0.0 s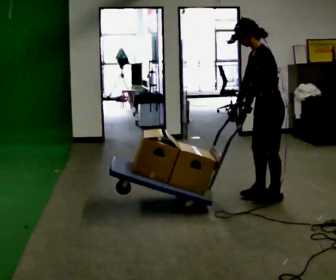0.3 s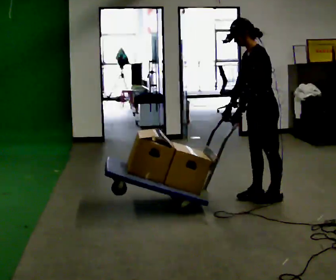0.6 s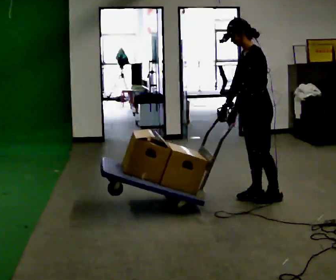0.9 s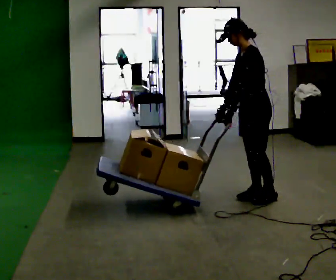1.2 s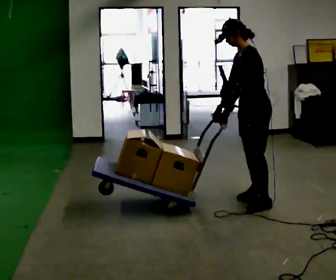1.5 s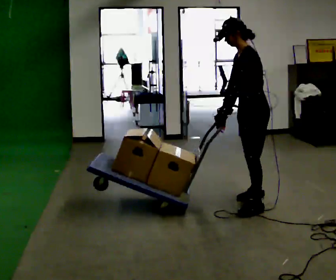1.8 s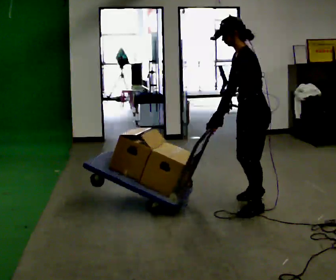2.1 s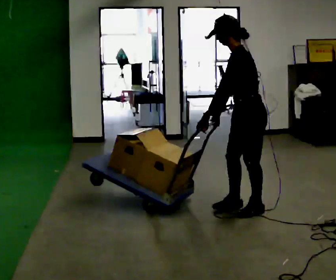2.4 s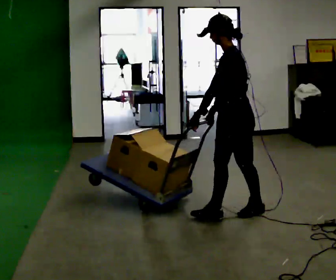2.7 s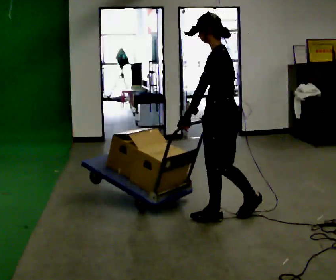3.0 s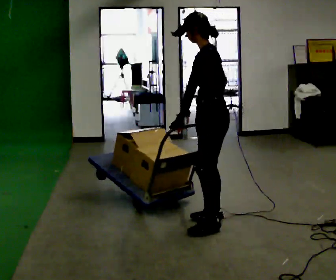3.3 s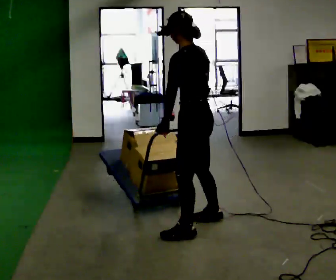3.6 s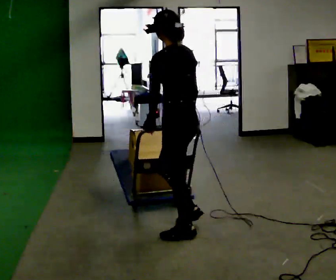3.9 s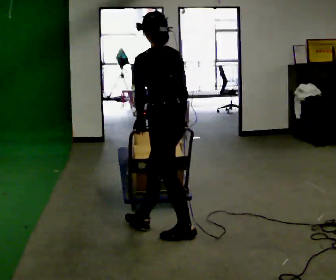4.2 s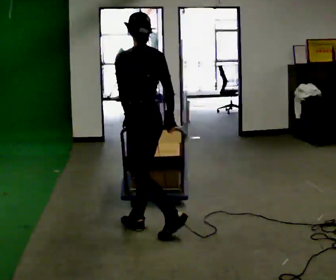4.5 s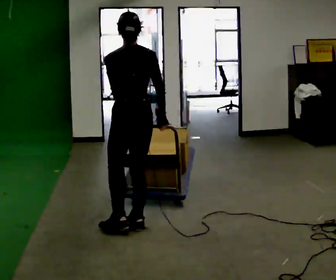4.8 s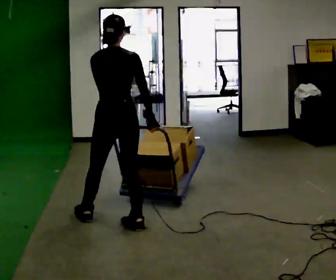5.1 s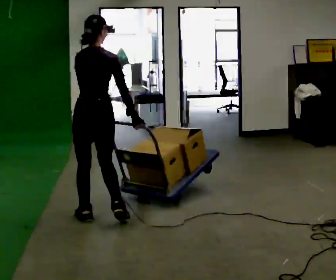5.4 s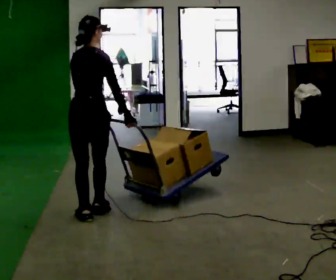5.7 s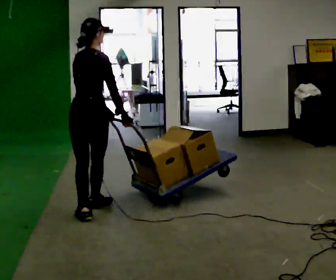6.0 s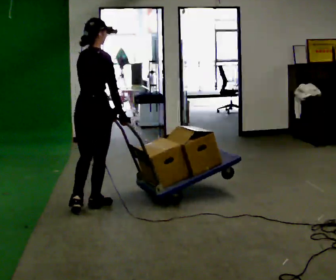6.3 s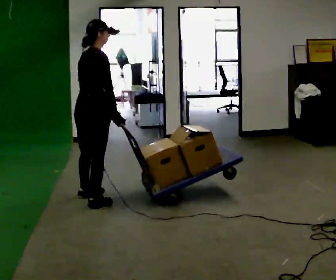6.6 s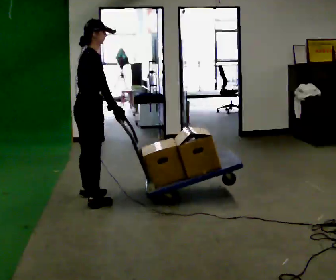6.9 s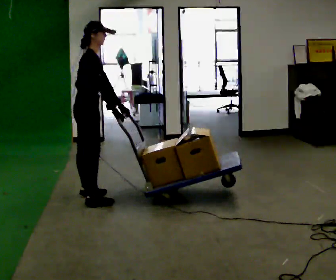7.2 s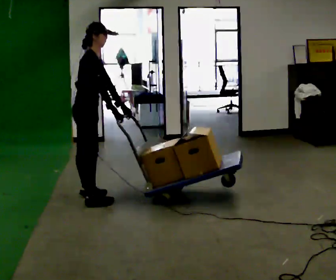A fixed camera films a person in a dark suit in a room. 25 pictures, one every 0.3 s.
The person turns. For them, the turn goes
to their right.
The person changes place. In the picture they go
to the left.
0.0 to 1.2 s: The person moves a little, or ends about where they began.
1.2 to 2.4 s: In the picture they go toward the camera and to the left, about 0.5 m in 2 steps, which for them is to their left and forward.
2.4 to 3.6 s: The part of the body nearest the lens slides to the left as the person turns to their right by about 45 degrees. In the picture they go to the left and toward the camera, about 0.5 m in 1 step, which for them is to their left and forward.
3.6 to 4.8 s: The person turns about 45 degrees to their right, clockwise seen from above, so the part of the body nearest the lens slides to the left. In the picture they go to the left, about 0.5 m in 2 steps, which for them is forward and to their left.
4.8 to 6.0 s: The part of the body nearest the lens slides to the left as the person turns to their right by about 30 degrees. In the picture they go away from the camera and to the left, about 0.5 m in 1 step, which for them is to their left and forward.
6.0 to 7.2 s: Seen from above the body turns clockwise, about 60 degrees: to their right, with its near side sliding to the left. In the picture they go away from the camera, about 0.25 m in 1 step, which for them is to their left.
The film runs forward here.
